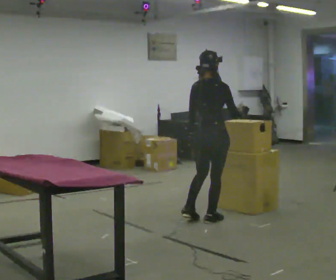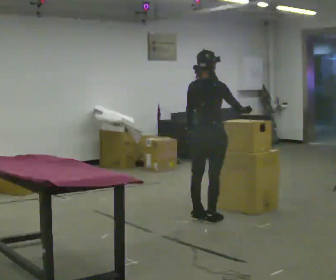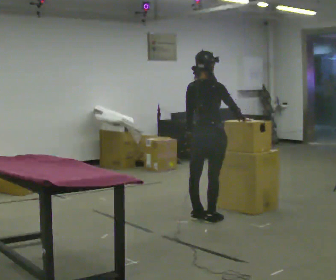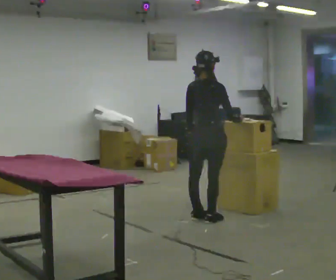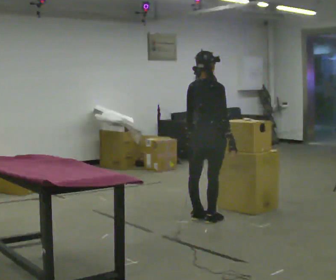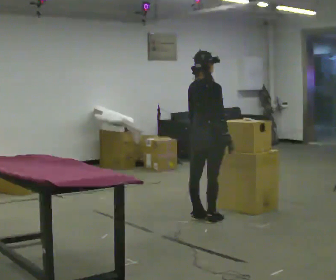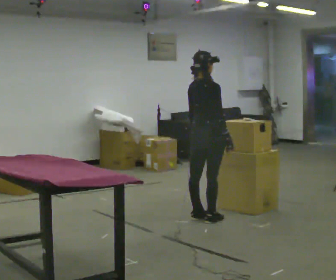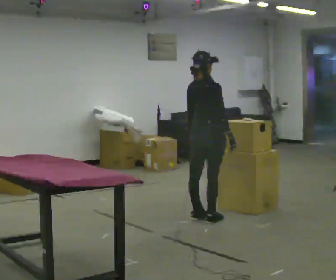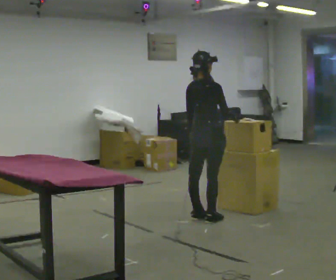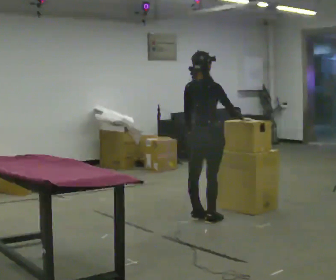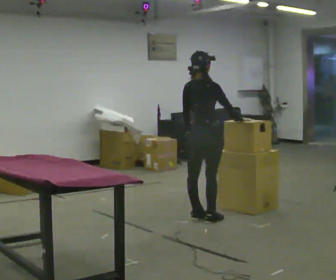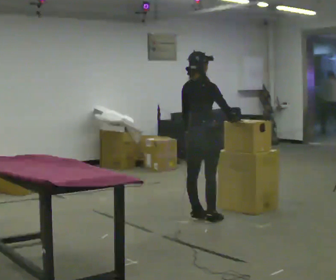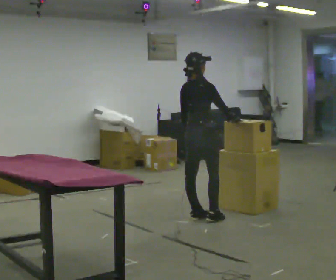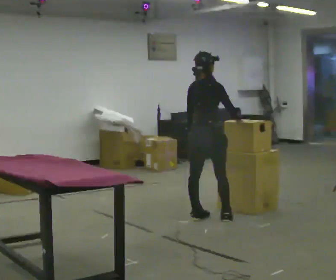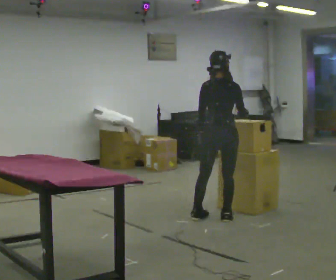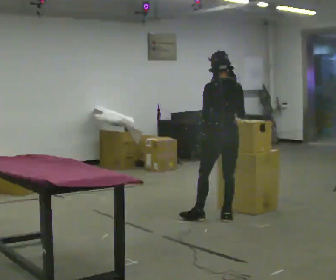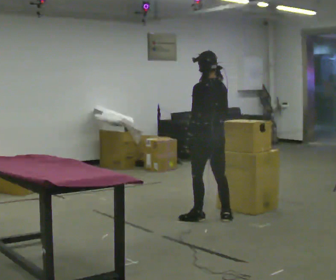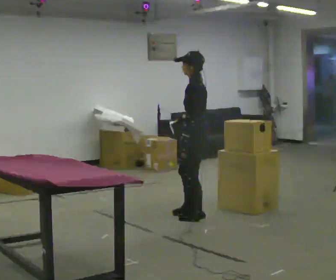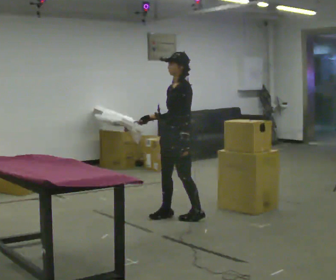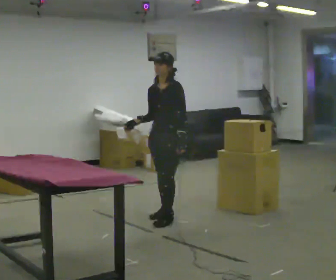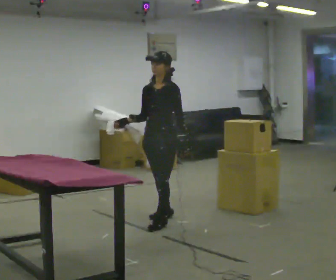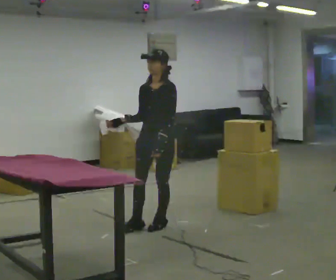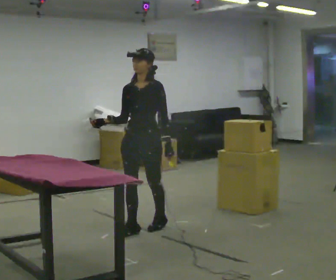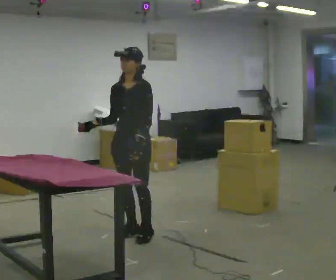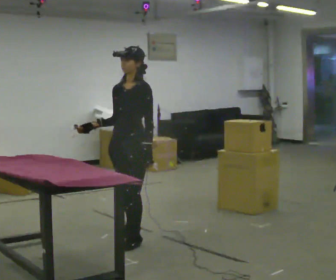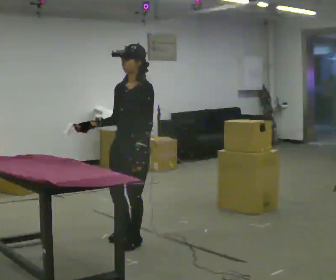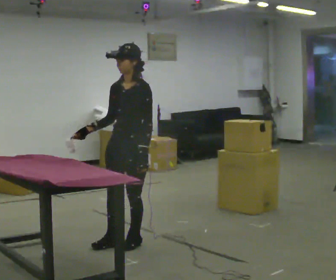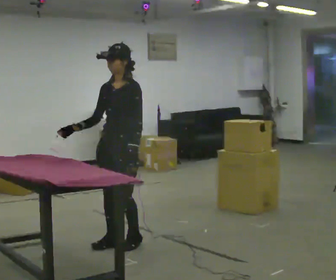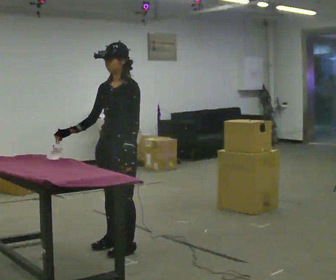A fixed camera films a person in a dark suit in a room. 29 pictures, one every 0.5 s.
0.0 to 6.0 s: The person moves a little, or ends about where they began.
6.0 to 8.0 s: The person turns about 90 degrees to their left, counterclockwise seen from above, so the part of the body nearest the lens slides to the right.
8.0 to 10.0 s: The person turns about 105 degrees to their left, counterclockwise seen from above, so the part of the body nearest the lens slides to the right. In the picture they go to the left, about 0.5 m in 2 steps.
10.0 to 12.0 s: In the picture they go toward the camera, about 0.5 m in 2 steps, which for them is forward.
12.0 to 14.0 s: In the picture they go toward the camera, about 0.25 m in 2 steps, which for them is forward.
The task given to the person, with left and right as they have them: Fetch the tool from the shelf, carry it to the workpiece, use it there as the operator shows you, then take it back to the shelf. Keep going until the operator says stop; one object at a time, and do not rush between trips.
The film runs forward here.
